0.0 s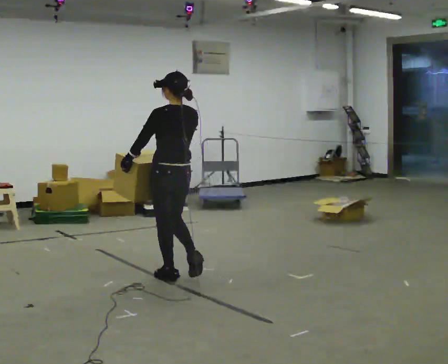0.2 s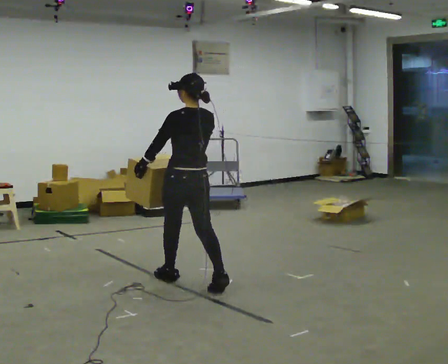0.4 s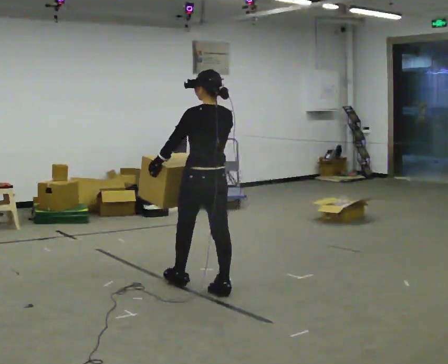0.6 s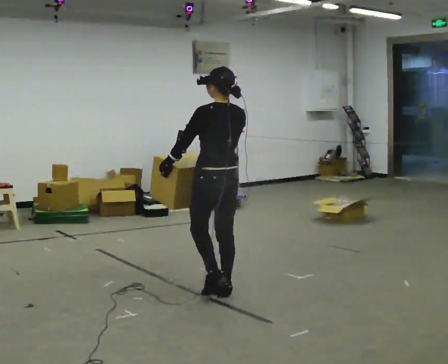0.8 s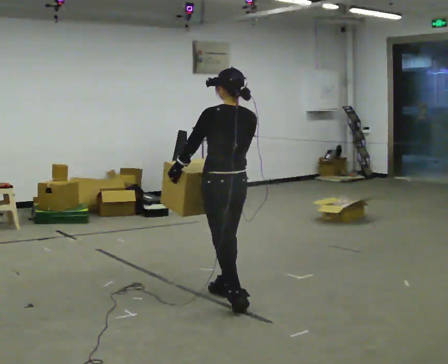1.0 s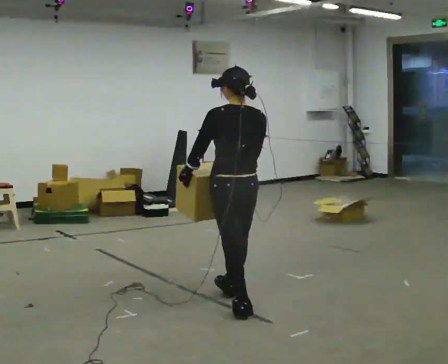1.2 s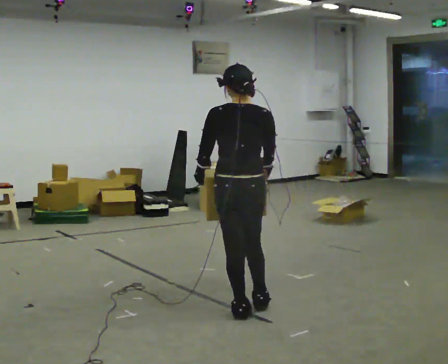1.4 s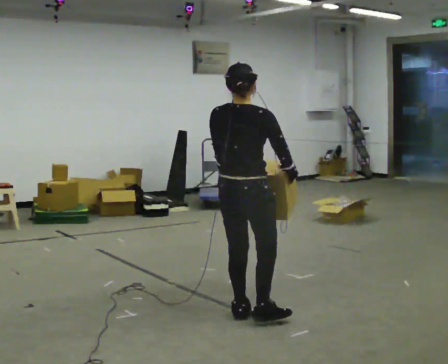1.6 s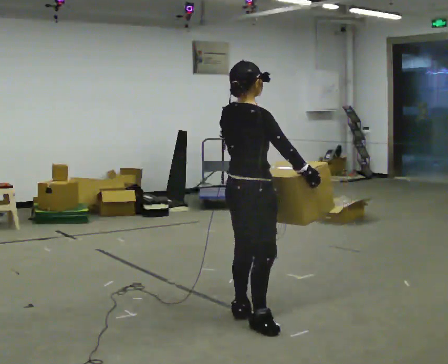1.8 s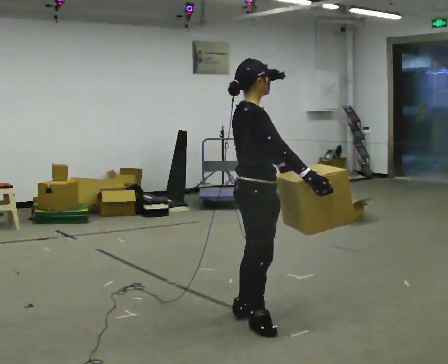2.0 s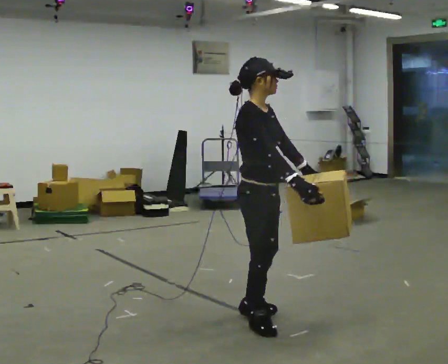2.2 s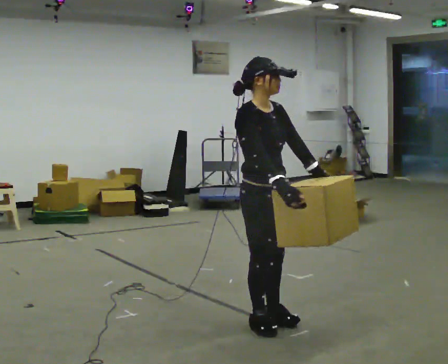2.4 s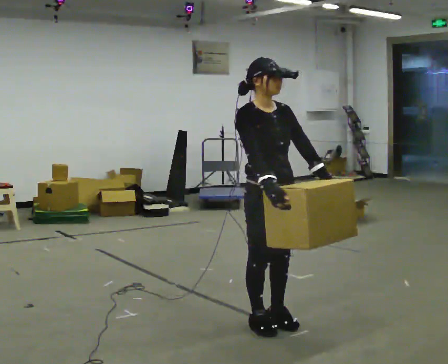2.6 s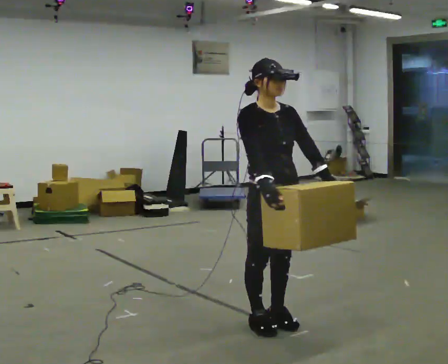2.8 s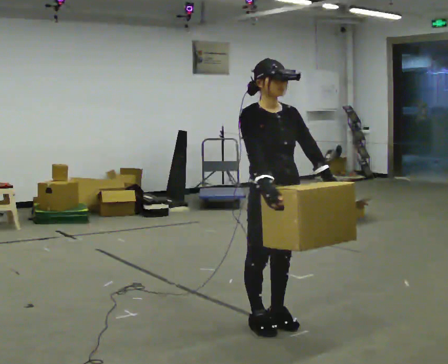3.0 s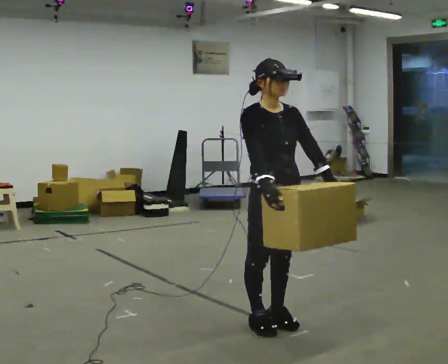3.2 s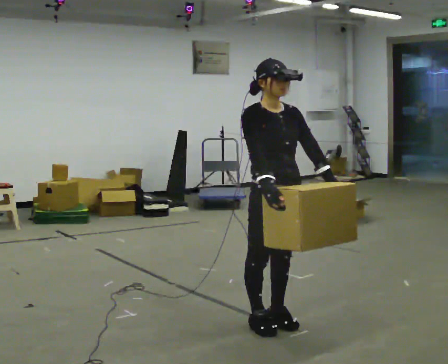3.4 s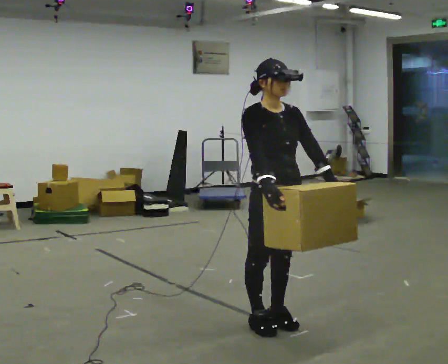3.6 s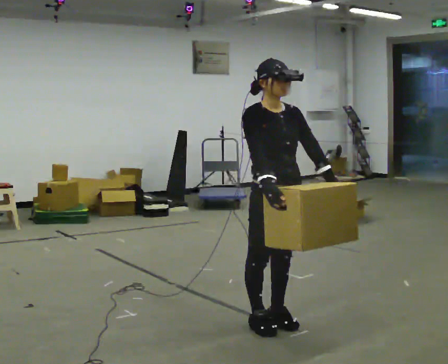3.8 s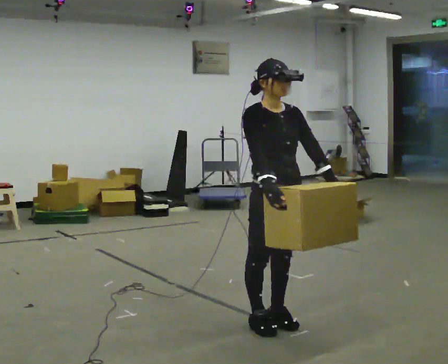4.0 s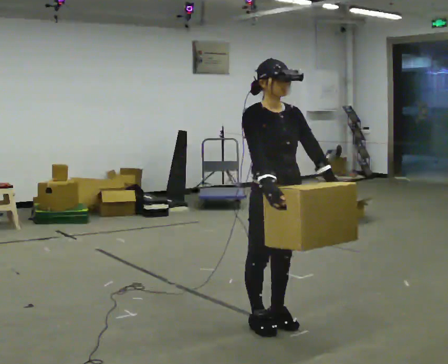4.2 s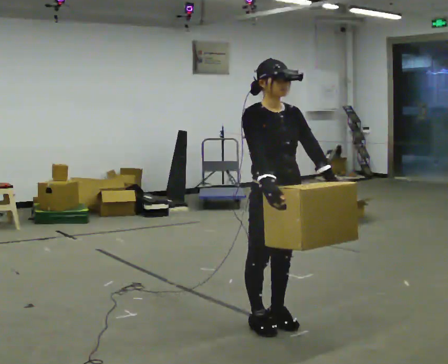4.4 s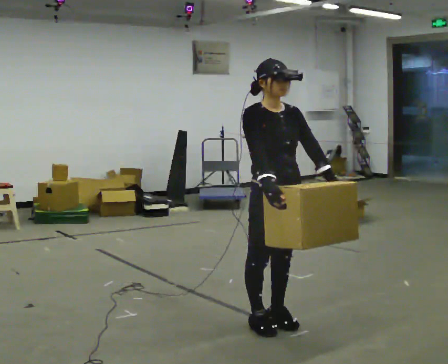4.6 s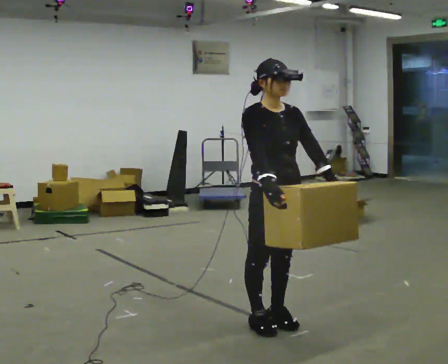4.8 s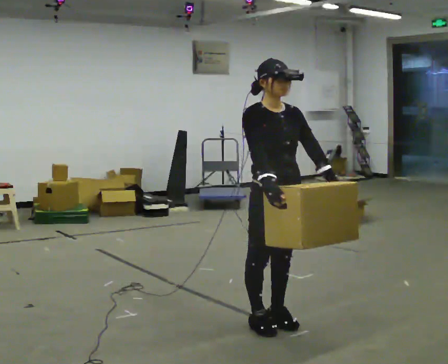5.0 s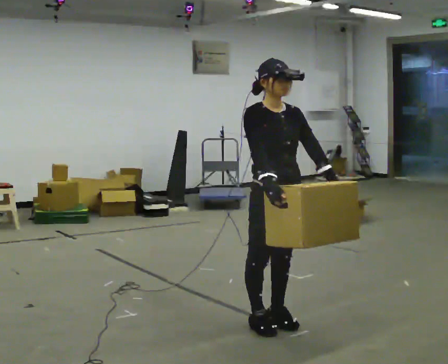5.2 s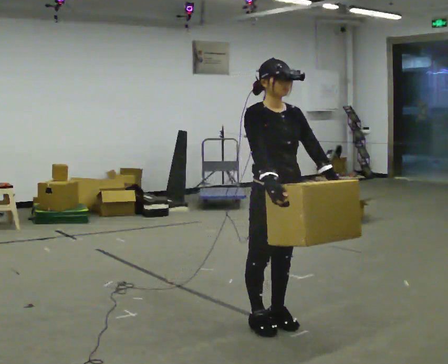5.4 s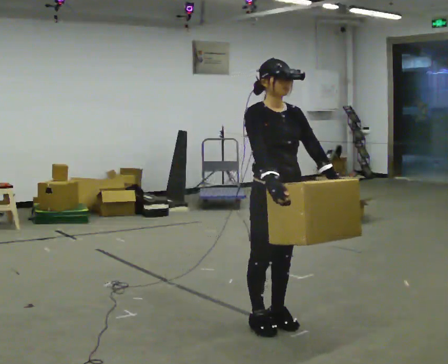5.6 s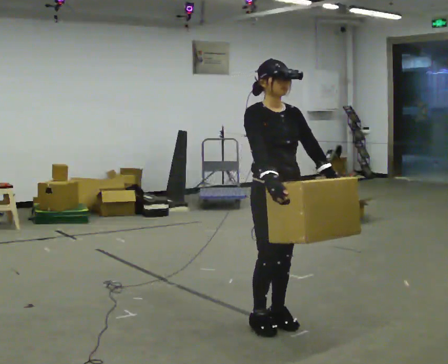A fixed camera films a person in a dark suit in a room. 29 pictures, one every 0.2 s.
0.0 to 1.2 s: Seen from above the body turns clockwise, about 30 degrees: to their right, with its near side sliding to the left. In the picture they go toward the camera and to the right, about 1 m in 2 steps, which for them is backward.
1.2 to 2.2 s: The person turns about 135 degrees to their right, clockwise seen from above, so the part of the body nearest the lens slides to the left. In the picture they go toward the camera, about 0.25 m in 1 step.
2.2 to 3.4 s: The person moves a little, or ends about where they began.
3.4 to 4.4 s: The person keeps their place and pose.
4.4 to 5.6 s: The person moves a little, or ends about where they began.
The film runs backward here.
